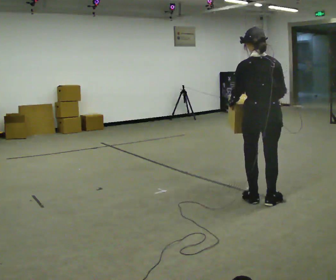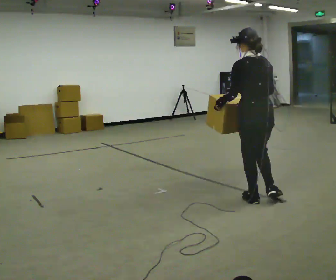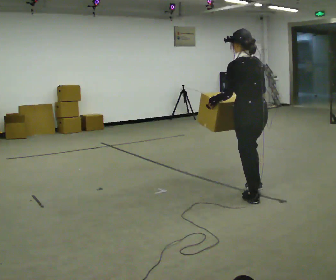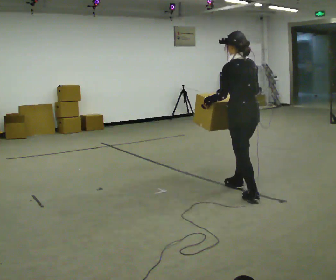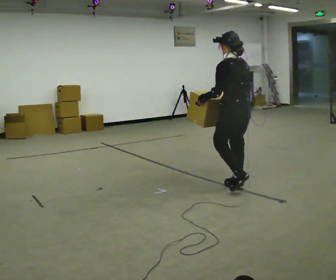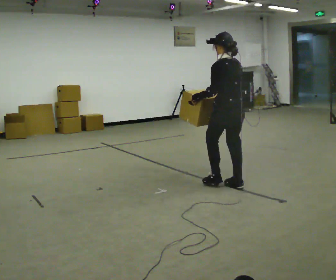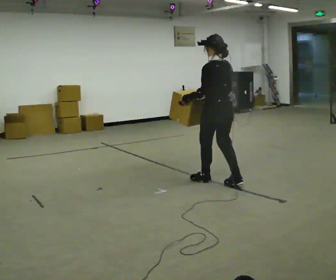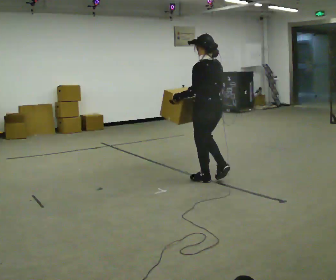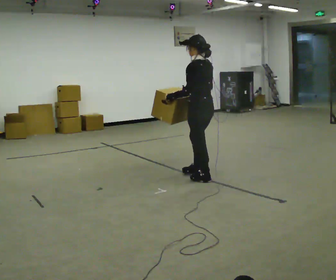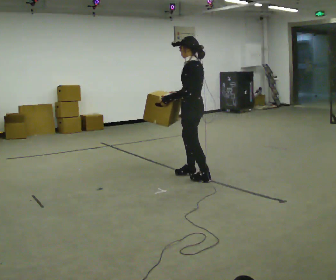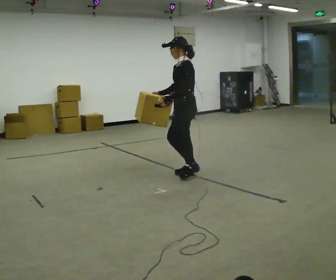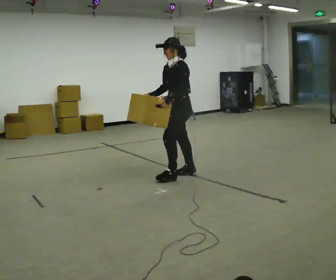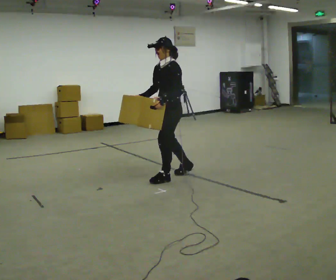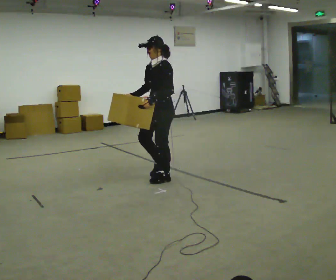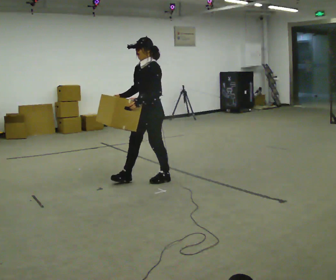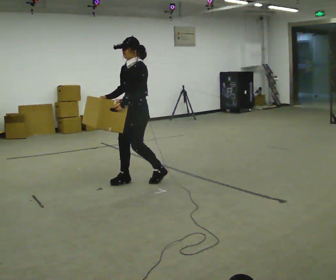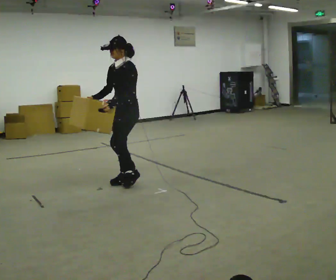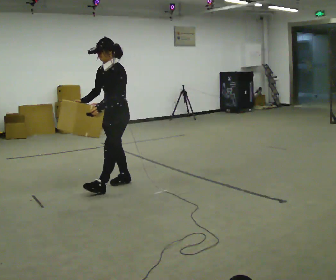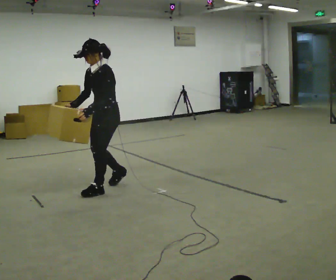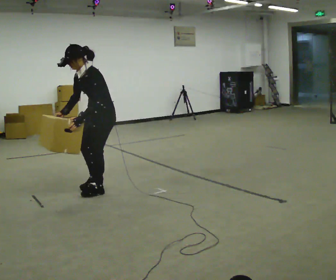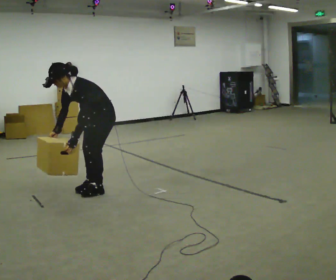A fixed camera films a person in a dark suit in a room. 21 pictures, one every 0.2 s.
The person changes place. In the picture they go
to the left.
The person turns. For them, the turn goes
to their left.
0.0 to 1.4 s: Seen from above the body turns counterclockwise, about 45 degrees: to their left, with its near side sliding to the right. In the picture they go away from the camera and to the left, about 1 m in 2 steps, which for them is forward.
1.4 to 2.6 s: The person turns about 75 degrees to their left, counterclockwise seen from above, so the part of the body nearest the lens slides to the right. In the picture they go to the left, about 0.5 m in 2 steps.
2.6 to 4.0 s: In the picture they go to the left and toward the camera, about 0.75 m in 3 steps, which for them is forward. The shoulders move downward. In the picture the upper body tilts counterclockwise, shoulders to the left, as they bend forward. In the picture their left hand goes downward.
The film runs forward here.
